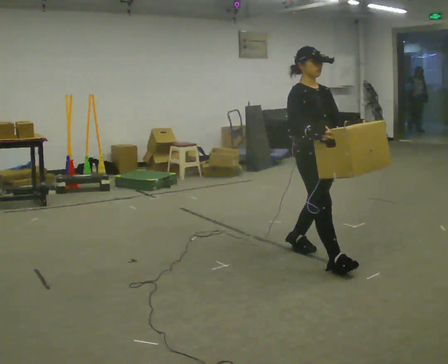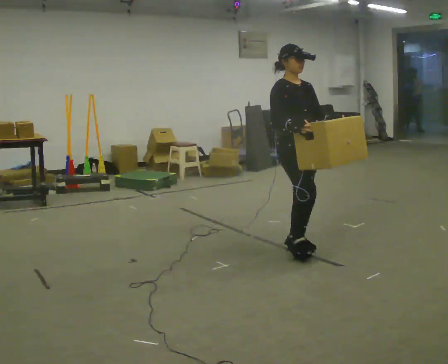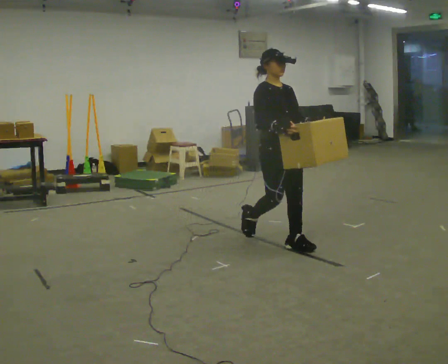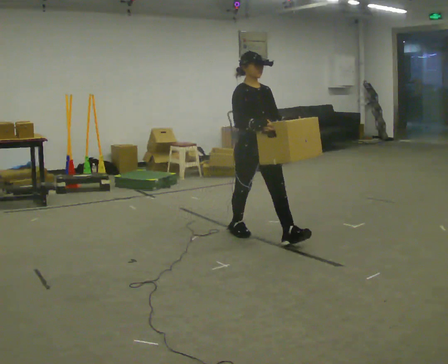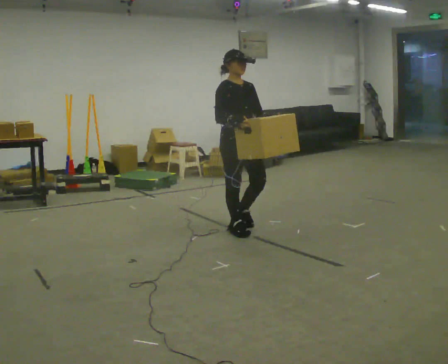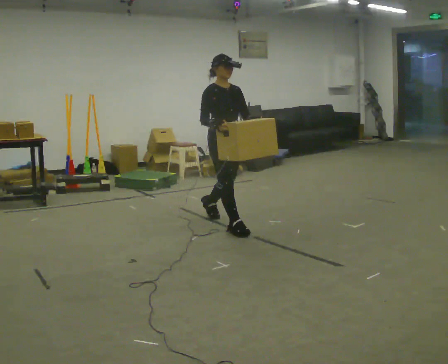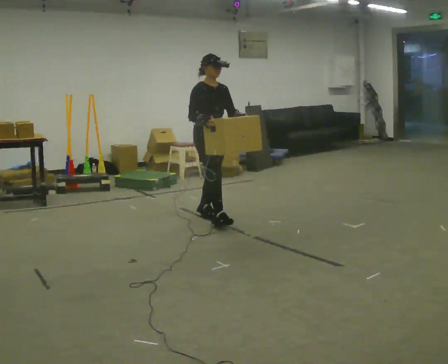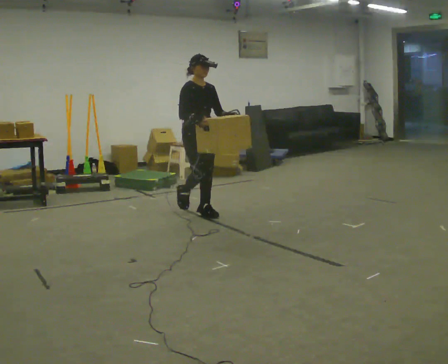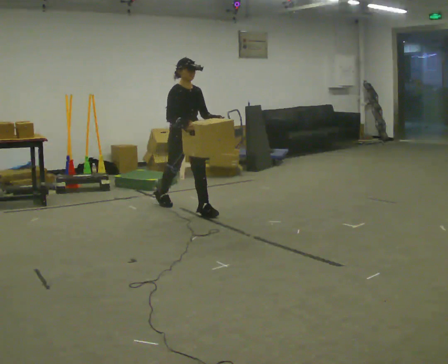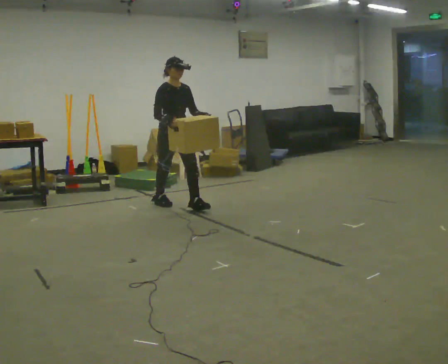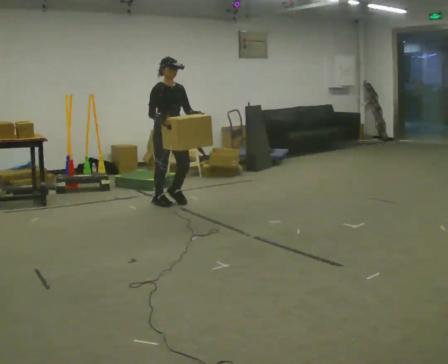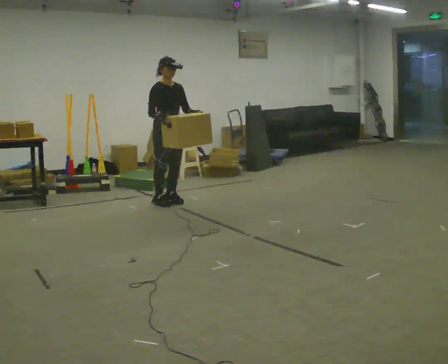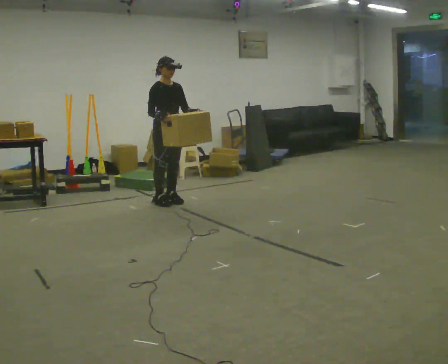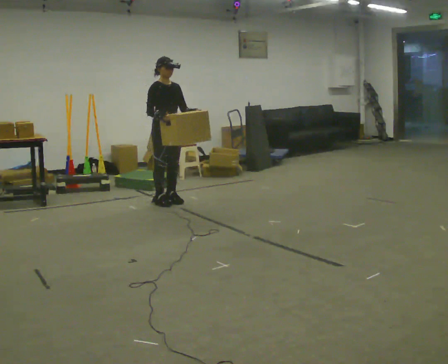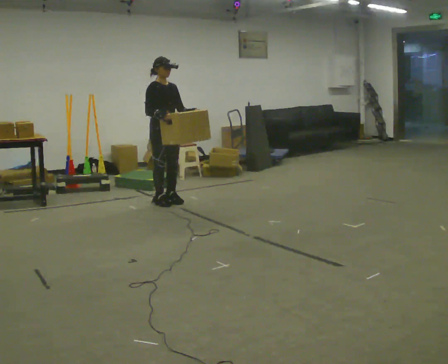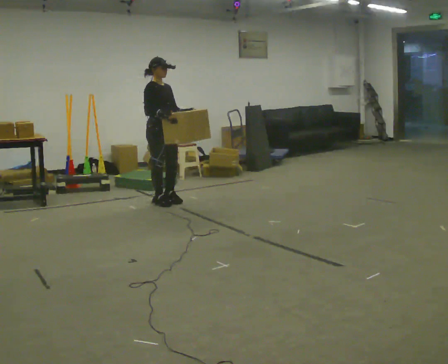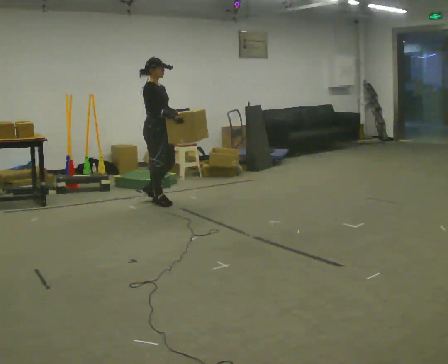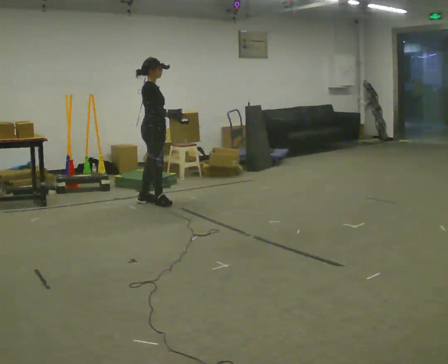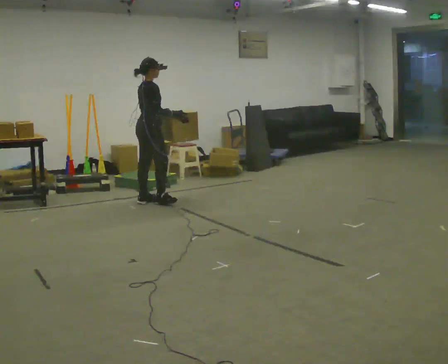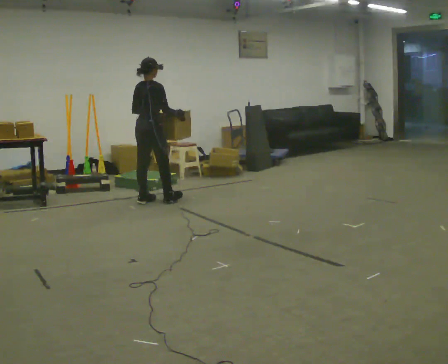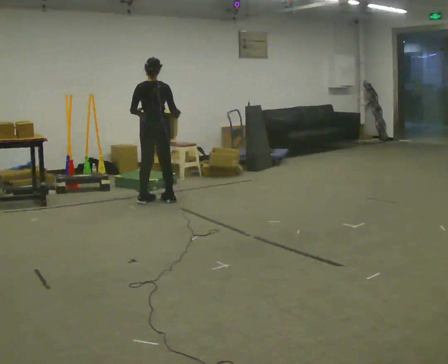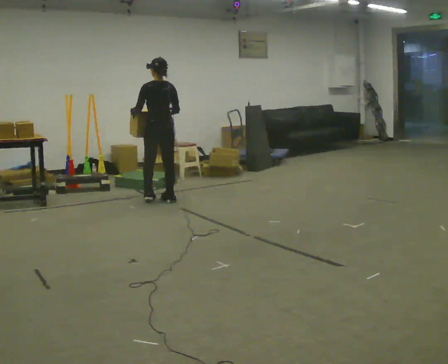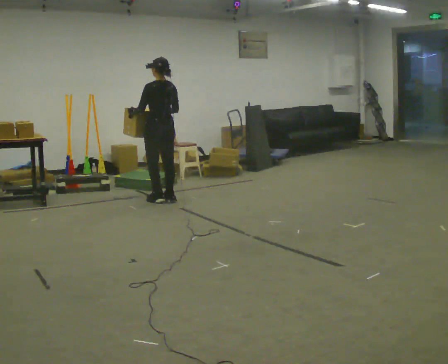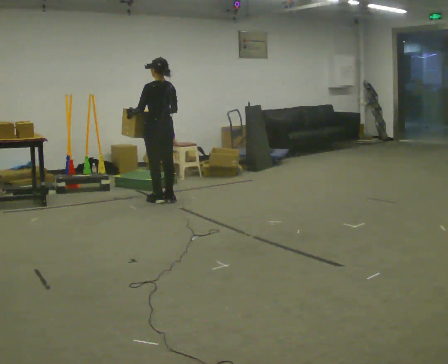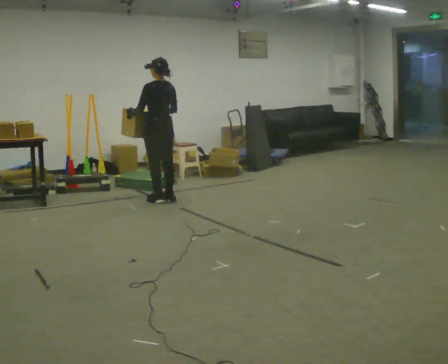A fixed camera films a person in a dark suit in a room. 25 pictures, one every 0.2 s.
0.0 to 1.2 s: In the picture they go away from the camera and to the left, about 1.5 m in 3 steps, which for them is backward.
1.2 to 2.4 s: In the picture they go away from the camera and to the left, about 1 m in 1 step, which for them is backward.
2.4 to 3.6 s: The person turns about 75 degrees to their left, counterclockwise seen from above, so the part of the body nearest the lens slides to the right. In the picture they go to the left, about 0.25 m in 1 step.
3.6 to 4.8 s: The part of the body nearest the lens slides to the right as the person turns to their left by about 105 degrees.
The film runs backward here.
